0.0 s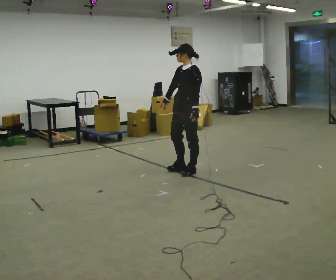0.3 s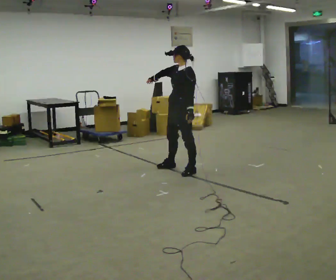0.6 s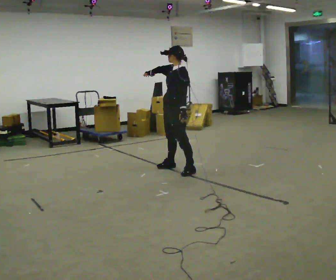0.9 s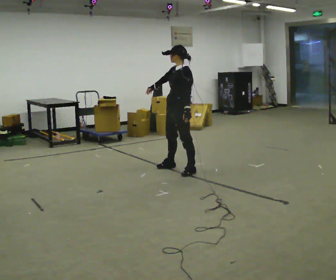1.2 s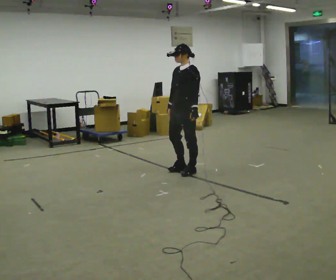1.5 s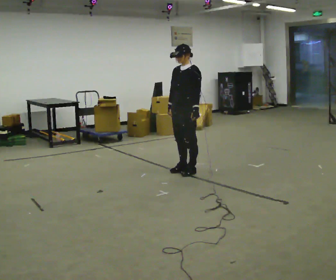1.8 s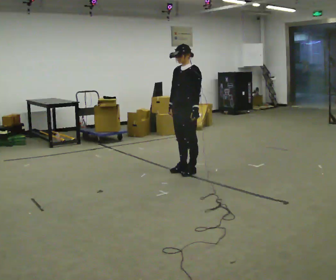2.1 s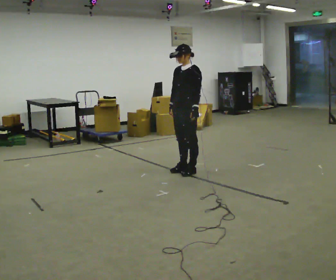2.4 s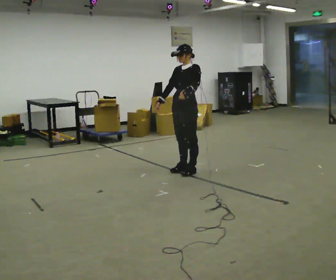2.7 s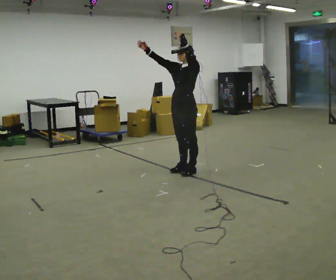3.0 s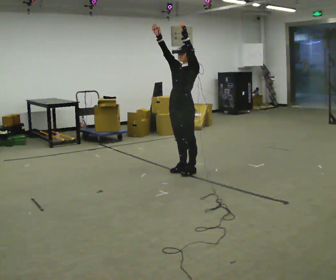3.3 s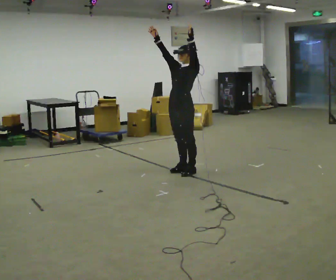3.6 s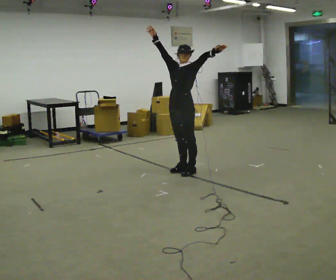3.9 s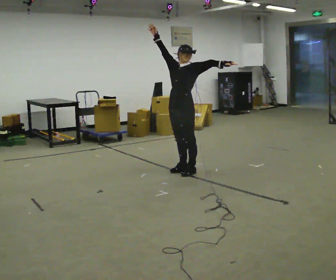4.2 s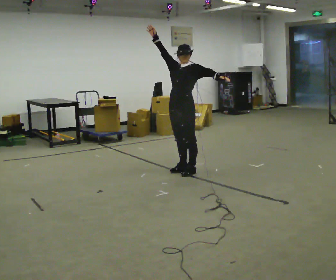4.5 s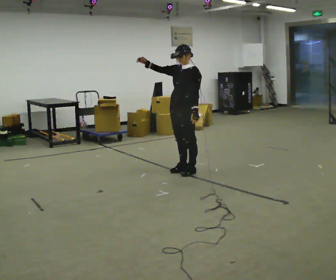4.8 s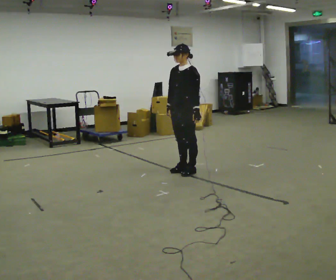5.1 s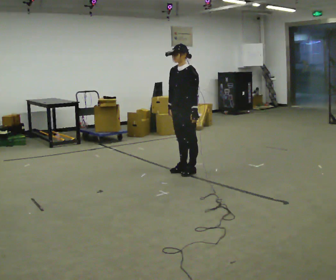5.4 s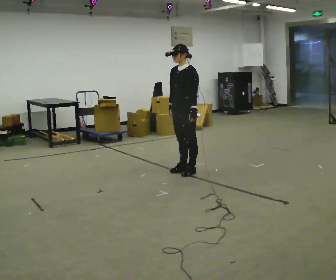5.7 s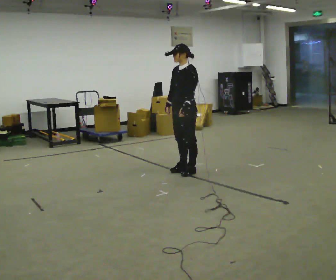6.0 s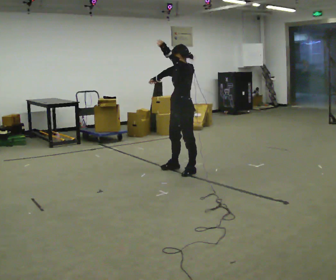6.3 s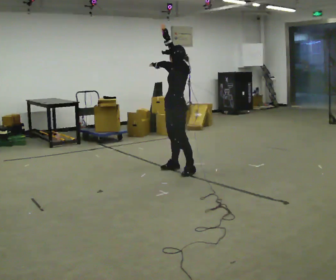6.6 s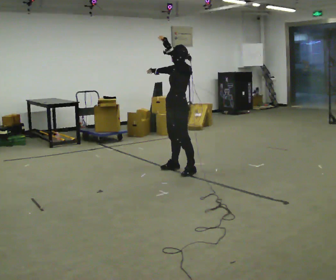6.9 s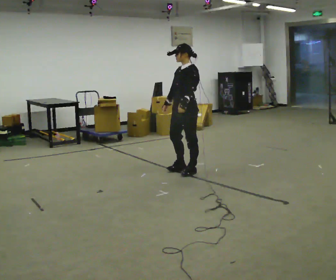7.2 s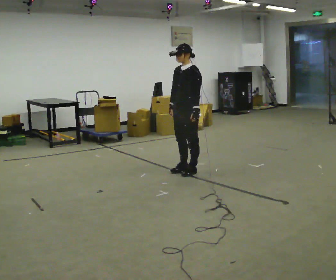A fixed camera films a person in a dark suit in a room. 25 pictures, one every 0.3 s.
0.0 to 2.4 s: The person moves a little, or ends about where they began.
2.4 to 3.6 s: In the picture their right hand goes upward, the arm swinging clockwise.
3.6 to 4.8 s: The upper body tips toward the camera, its near side rolling downward, as they bend forward. In the picture their right hand goes downward, the arm swinging counterclockwise.
4.8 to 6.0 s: In the picture their left hand goes upward and to the left.
6.0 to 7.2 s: In the picture their left hand goes downward and to the right.
The film runs forward here.
